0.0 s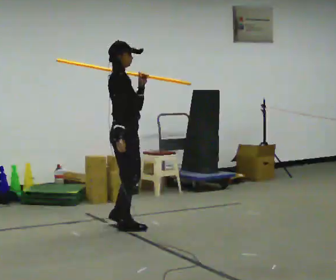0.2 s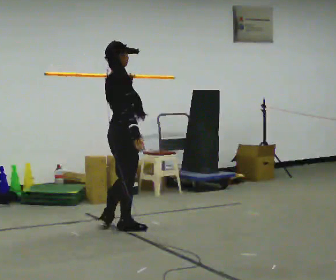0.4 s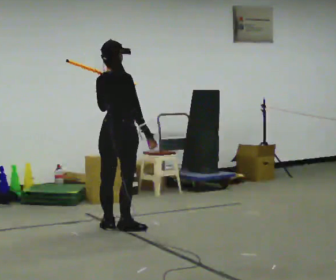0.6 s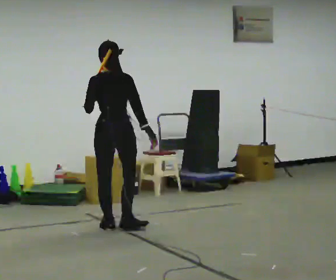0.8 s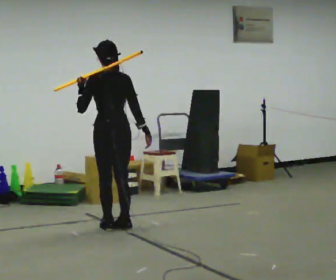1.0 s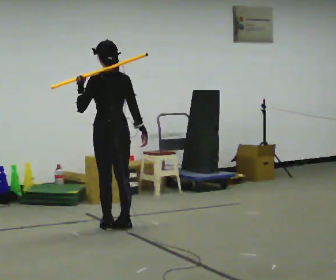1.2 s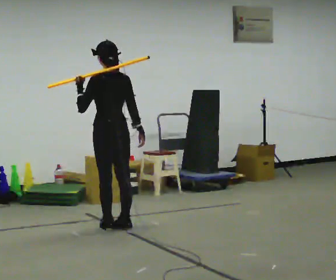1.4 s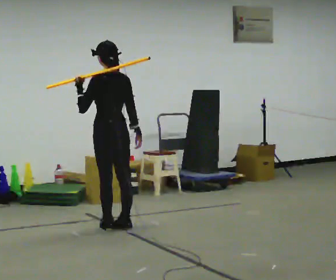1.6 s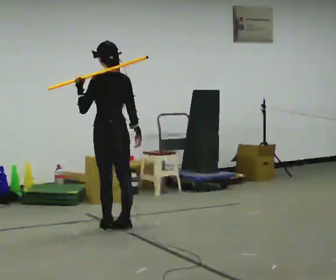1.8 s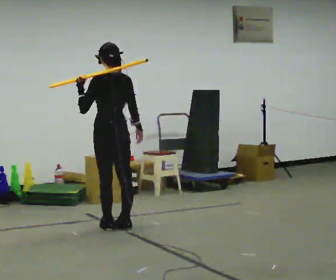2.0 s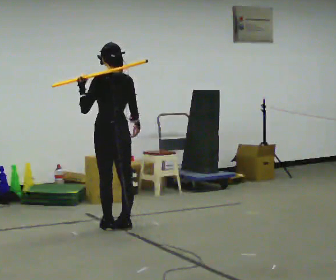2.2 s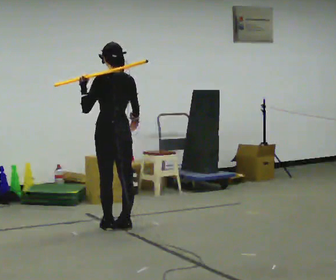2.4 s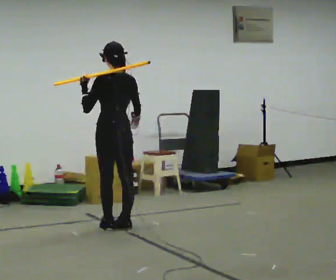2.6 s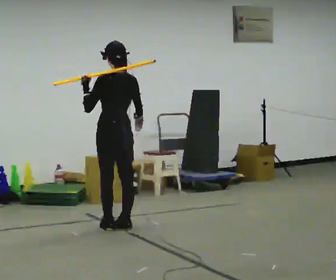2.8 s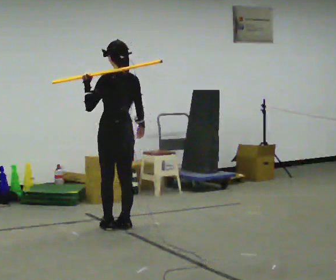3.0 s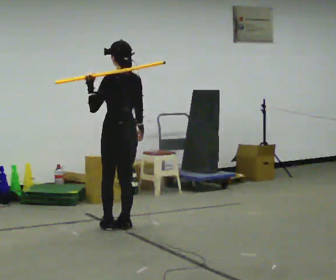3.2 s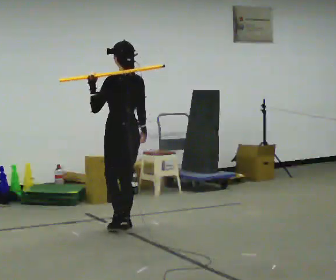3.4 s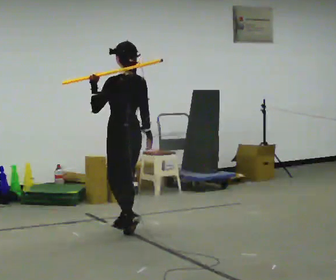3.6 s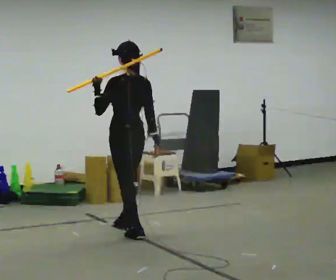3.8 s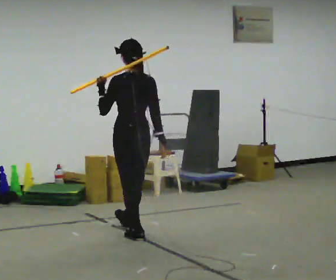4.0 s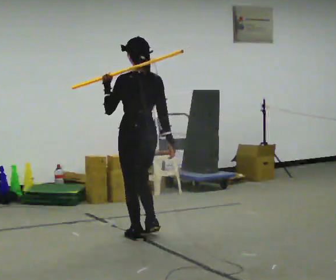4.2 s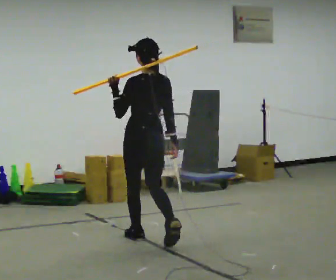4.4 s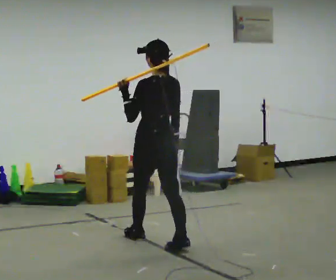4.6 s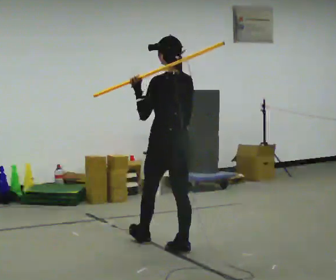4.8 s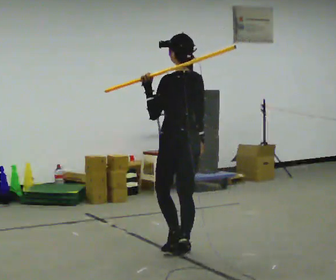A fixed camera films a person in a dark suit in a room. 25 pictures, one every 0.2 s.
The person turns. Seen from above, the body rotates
counterclockwise.
The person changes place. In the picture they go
toward the camera.
0.0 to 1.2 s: Seen from above the body turns counterclockwise, about 135 degrees: to their left, with its near side sliding to the right.
1.2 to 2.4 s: The person moves a little, or ends about where they began.
2.4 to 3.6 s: In the picture they go toward the camera, about 0.25 m in 1 step, which for them is backward.
3.6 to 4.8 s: In the picture they go toward the camera and to the right, about 1 m in 2 steps, which for them is backward.
The film runs backward here.
